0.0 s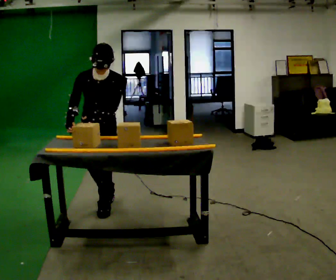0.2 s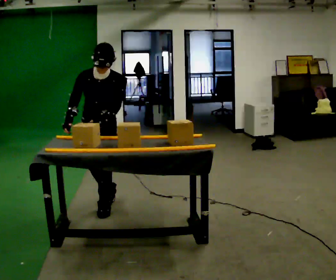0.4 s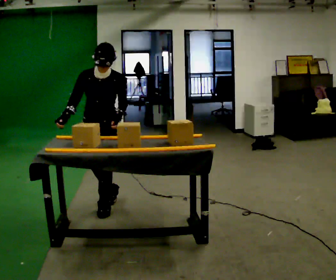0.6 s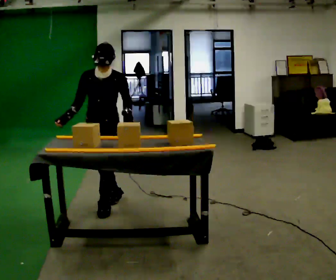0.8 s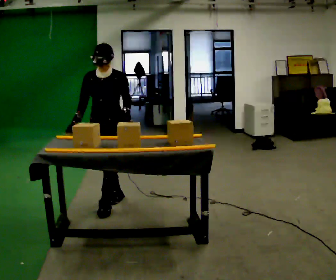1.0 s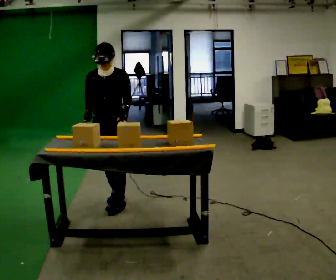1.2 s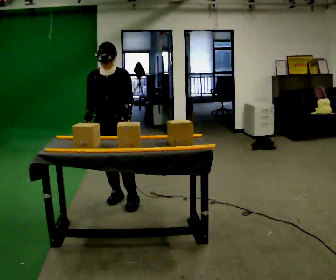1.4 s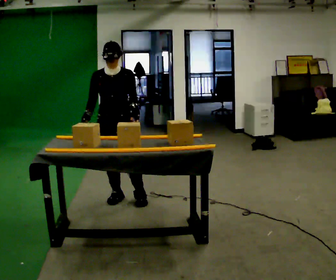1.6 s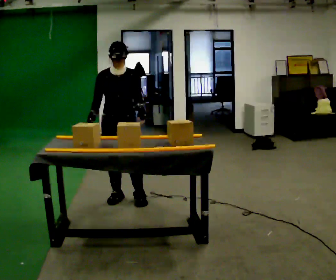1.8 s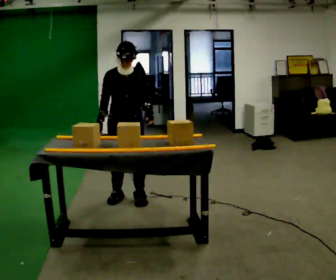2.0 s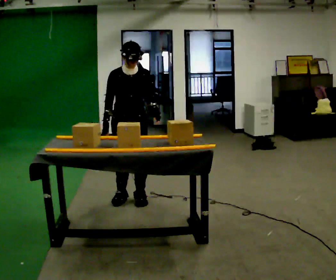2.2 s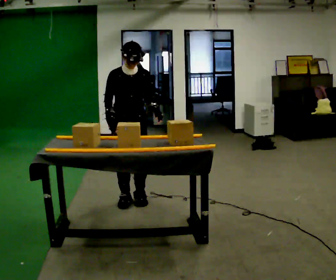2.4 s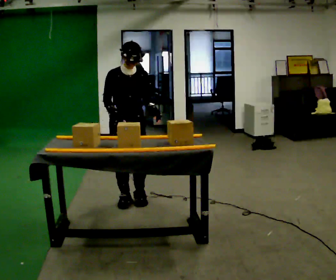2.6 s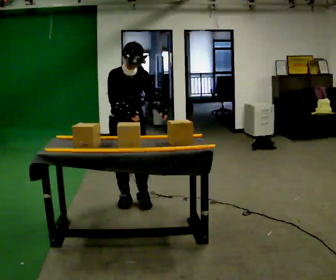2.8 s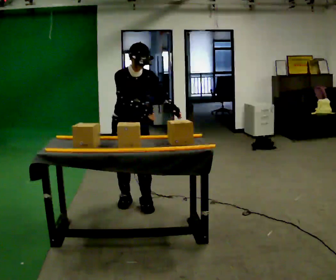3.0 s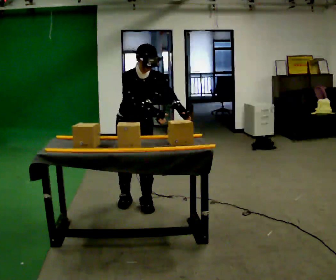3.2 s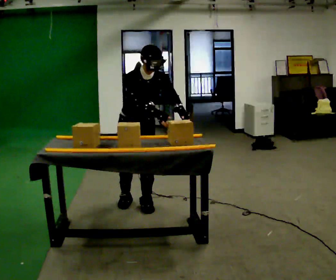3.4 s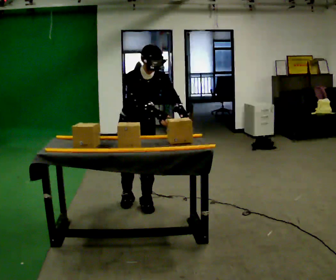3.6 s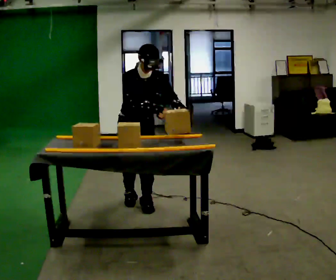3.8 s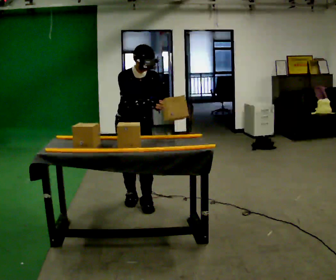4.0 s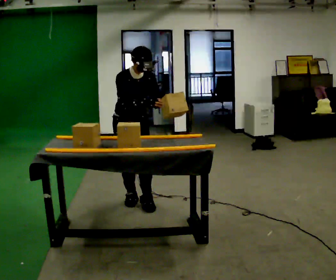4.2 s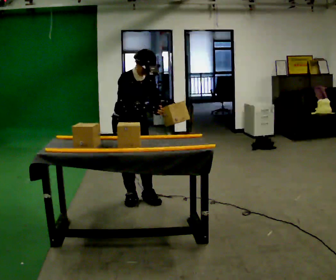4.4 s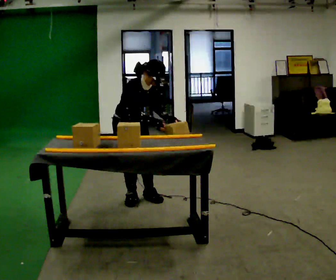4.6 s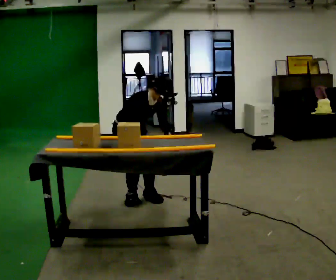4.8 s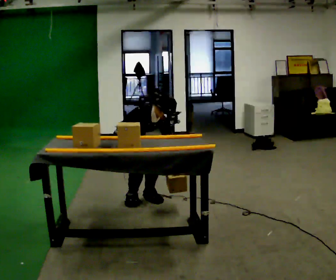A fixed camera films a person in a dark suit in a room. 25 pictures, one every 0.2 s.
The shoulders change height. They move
downward.
0.0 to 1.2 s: In the picture they go away from the camera, about 0.25 m, which for them is backward. The upper body tips away from the camera, its near side rolling upward, as they lean back or straighten.
1.2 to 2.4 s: The person moves a little, or ends about where they began.
2.4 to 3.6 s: In the picture their right hand goes to the right.
3.6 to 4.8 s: The part of the body nearest the lens slides to the right as the person turns to their left by about 30 degrees. In the picture they go away from the camera, about 0.25 m in 1 step, which for them is backward. The shoulders move downward. In the picture the upper body tilts clockwise, shoulders to the right, as they bend forward. In the picture their left hand goes downward.
The film runs forward here.
